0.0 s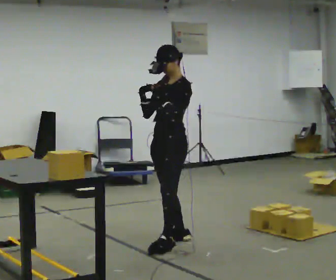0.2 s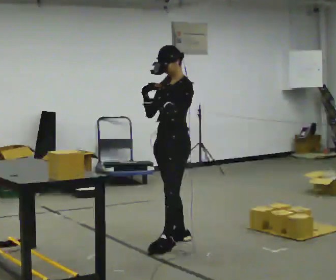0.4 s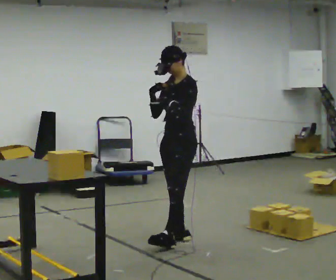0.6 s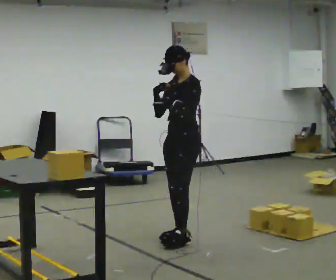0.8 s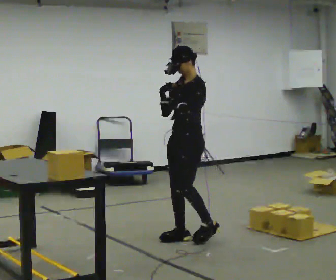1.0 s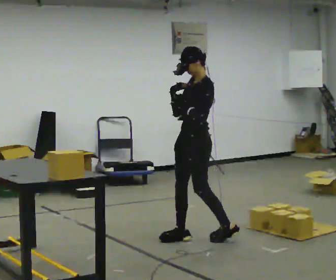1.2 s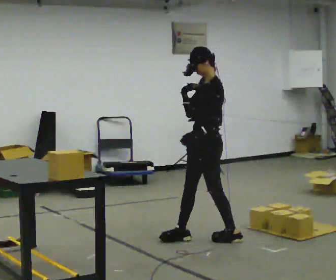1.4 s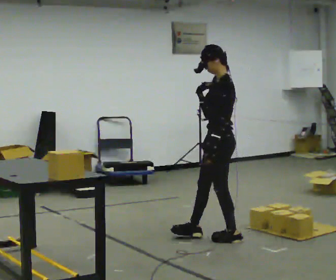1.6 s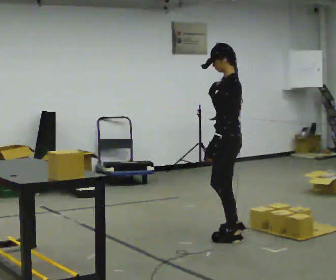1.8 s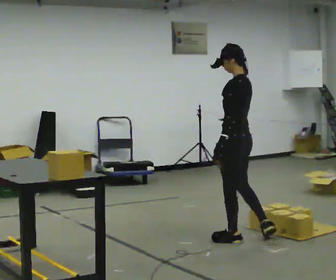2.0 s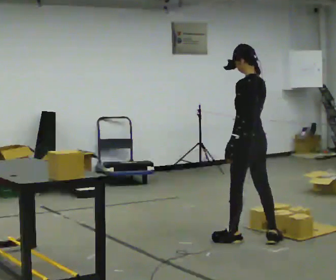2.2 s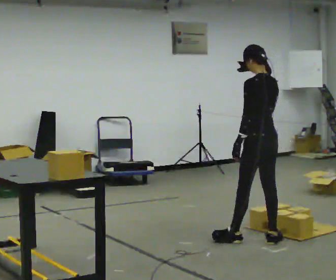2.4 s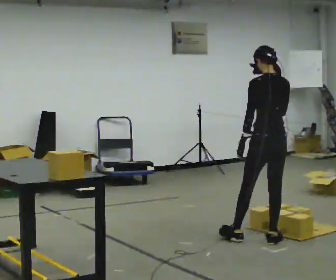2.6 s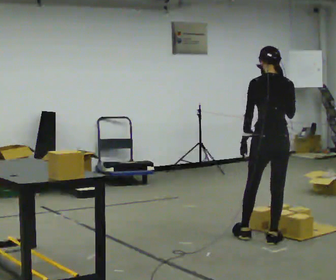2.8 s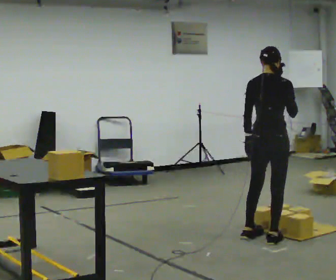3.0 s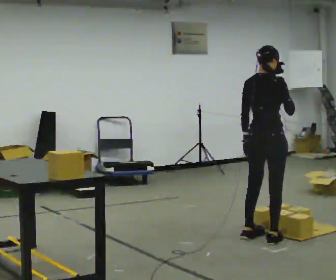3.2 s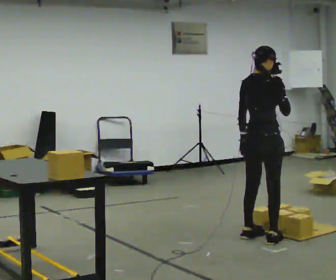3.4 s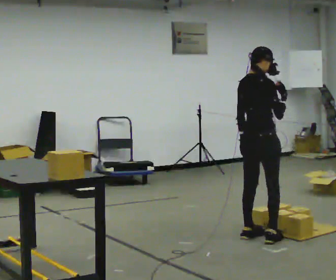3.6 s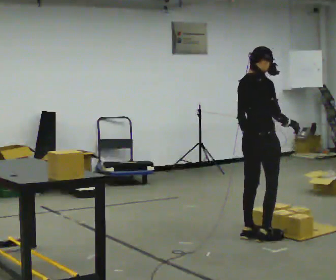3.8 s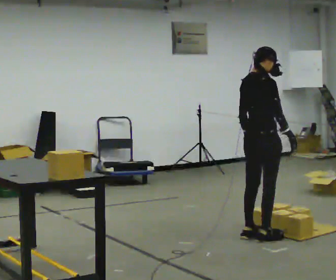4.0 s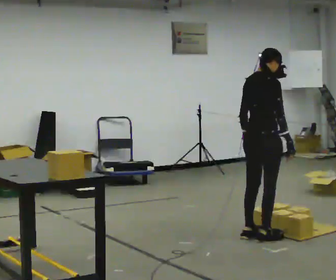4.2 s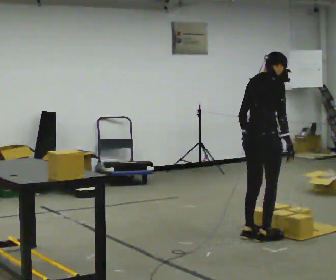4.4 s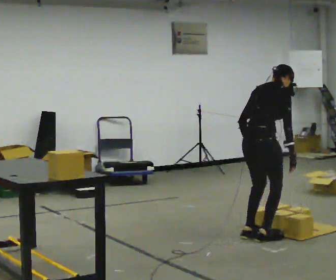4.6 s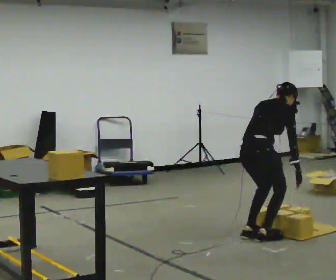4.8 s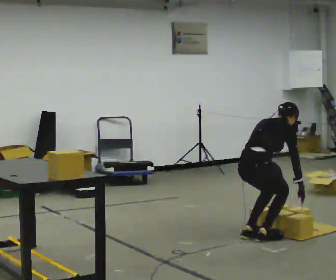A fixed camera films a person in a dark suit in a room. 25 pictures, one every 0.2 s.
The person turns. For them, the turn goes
to their right.
Their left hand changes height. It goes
downward.
0.0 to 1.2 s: In the picture they go to the right and away from the camera, about 0.25 m in 1 step, which for them is backward.
1.2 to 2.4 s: The person turns about 75 degrees to their right, clockwise seen from above, so the part of the body nearest the lens slides to the left. In the picture they go to the right, about 0.5 m in 2 steps.
2.4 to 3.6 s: The person turns about 75 degrees to their right, clockwise seen from above, so the part of the body nearest the lens slides to the left.
3.6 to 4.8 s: The upper body goes downward. In the picture the upper body tilts clockwise, shoulders to the right, as they bend forward. In the picture their right hand goes downward.
The film runs backward here.
